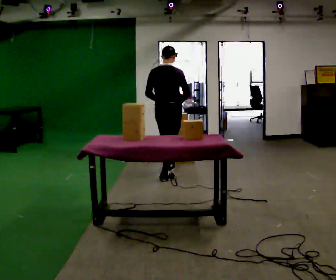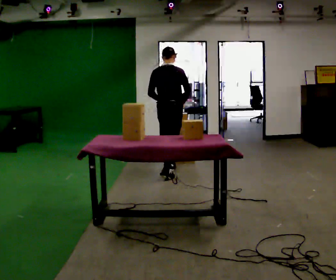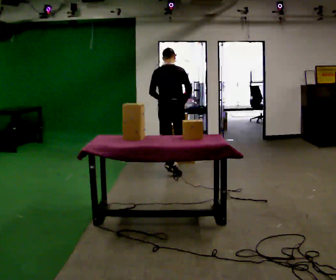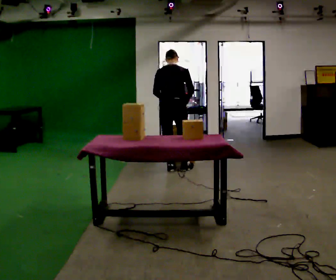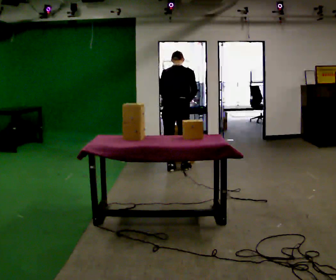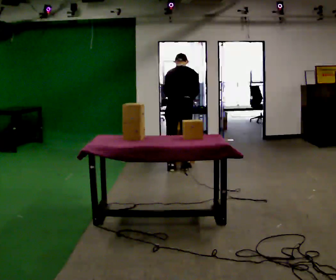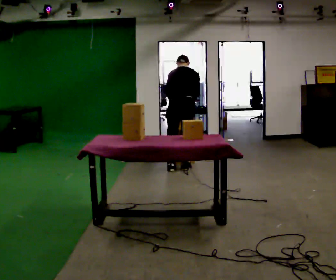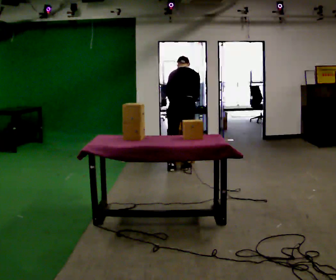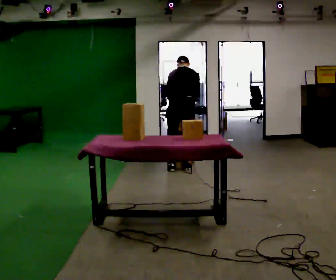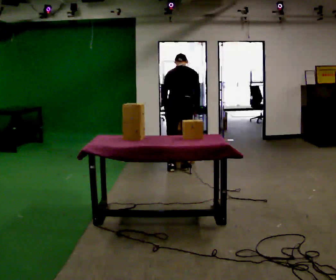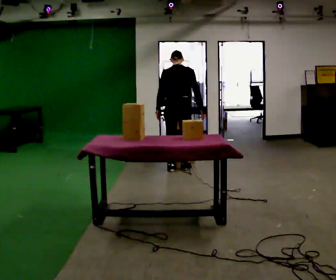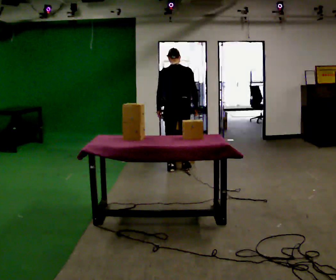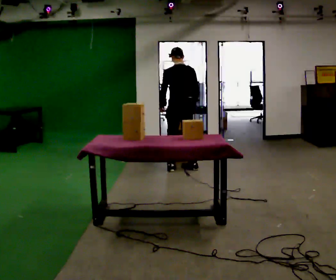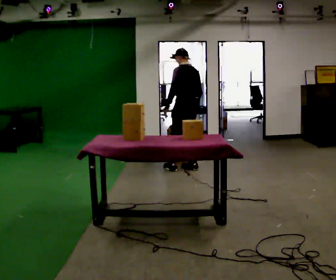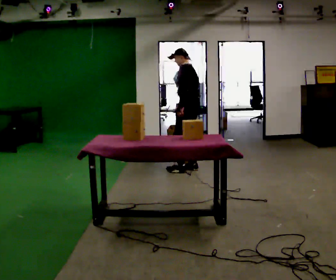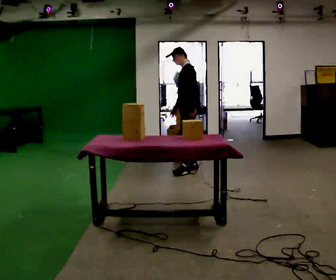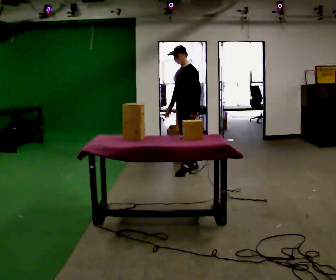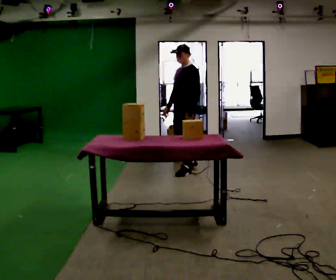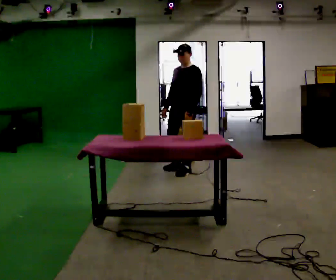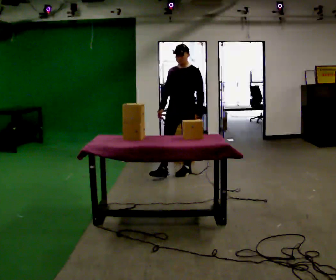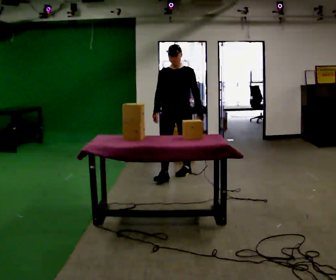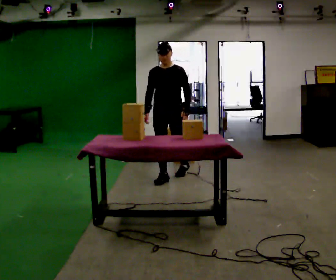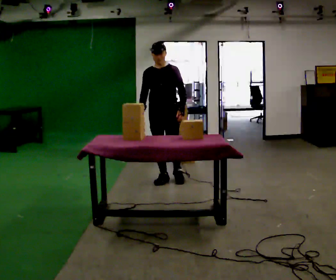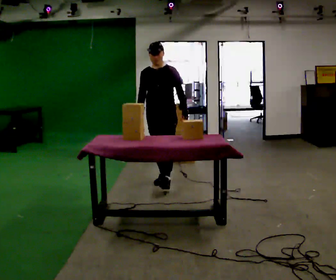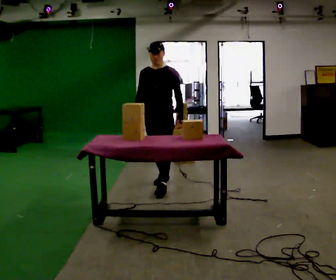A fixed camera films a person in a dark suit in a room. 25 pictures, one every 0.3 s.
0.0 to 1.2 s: In the picture they go away from the camera, about 0.25 m in 1 step, which for them is forward. The upper body tips away from the camera, its near side rolling upward, as they bend forward.
1.2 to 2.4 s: The person moves a little, or ends about where they began.
2.4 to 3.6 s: The upper body tips toward the camera, its near side rolling downward, as they lean back or straighten.
3.6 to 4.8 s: The person turns about 90 degrees to their left, counterclockwise seen from above, so the part of the body nearest the lens slides to the right. In the picture their left hand goes to the right.
4.8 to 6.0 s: Seen from above the body turns counterclockwise, about 60 degrees: to their left, with its near side sliding to the right. In the picture they go toward the camera and to the left, about 0.25 m in 1 step, which for them is forward.
6.0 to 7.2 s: In the picture they go toward the camera and to the left, about 0.5 m in 1 step, which for them is forward.
The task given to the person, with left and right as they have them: Take objects off the shelf one at a time and put them into the bin on the floor beside you, stepping between the shelf and the bin each time. Keep going until the operator says stop; one object at a time, and do not rush between trips.
The film runs forward here.
